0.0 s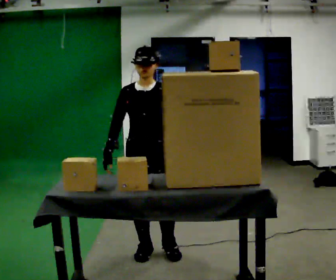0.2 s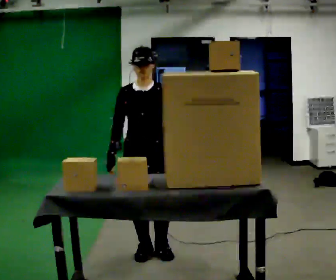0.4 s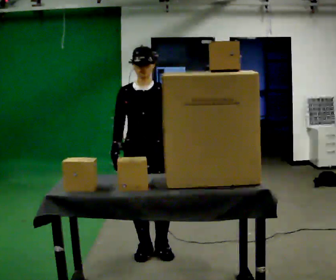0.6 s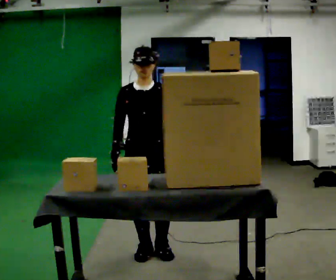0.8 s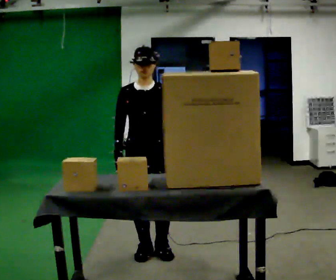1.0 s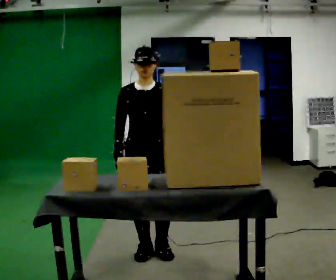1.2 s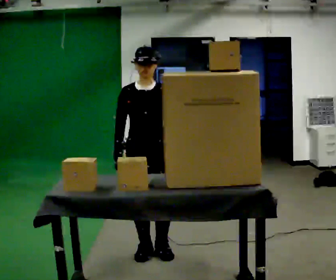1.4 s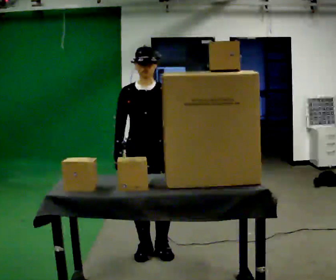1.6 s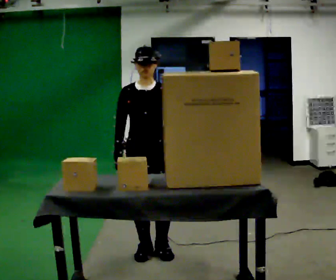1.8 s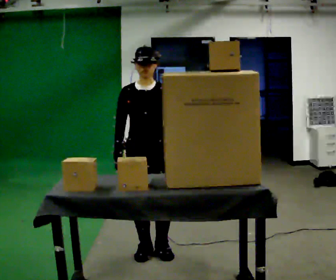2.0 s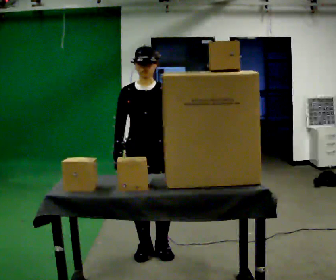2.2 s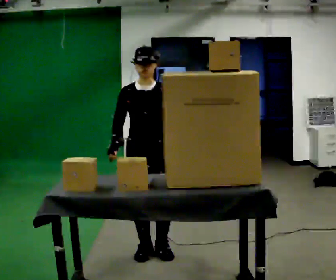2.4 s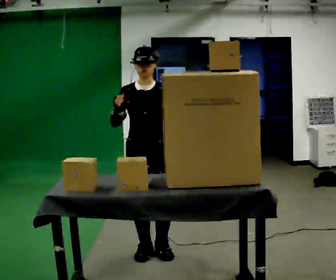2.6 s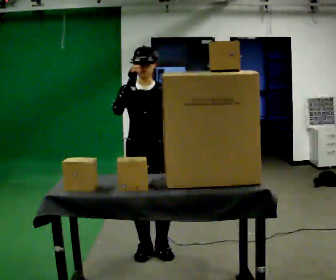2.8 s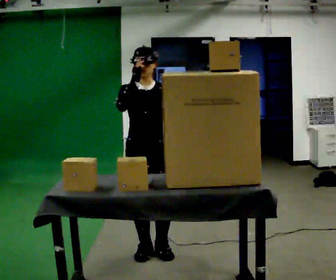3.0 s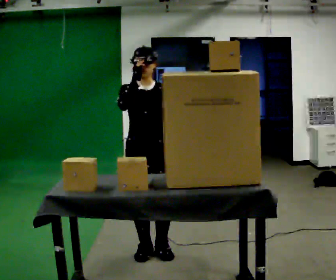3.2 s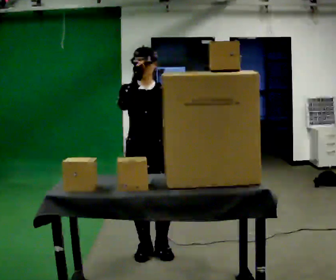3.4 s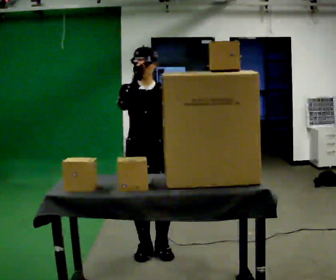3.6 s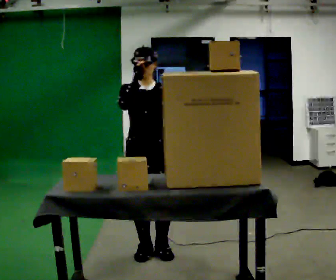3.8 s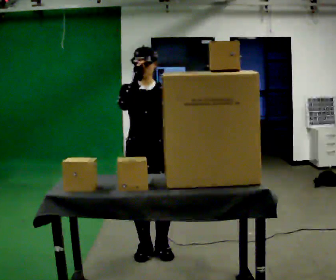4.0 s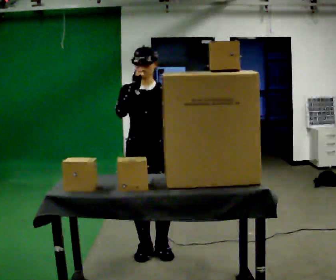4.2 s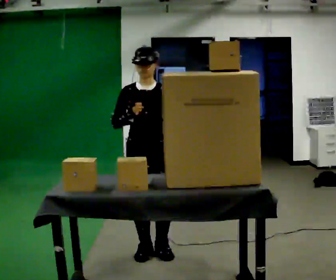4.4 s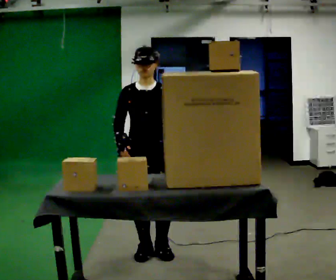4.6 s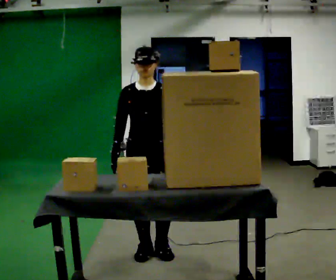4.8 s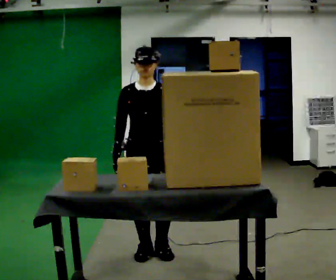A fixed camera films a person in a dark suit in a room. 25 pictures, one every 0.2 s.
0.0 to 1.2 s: The person moves a little, or ends about where they began.
1.2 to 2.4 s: In the picture their right hand goes upward.
2.4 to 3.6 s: The person moves a little, or ends about where they began.
3.6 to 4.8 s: In the picture their right hand goes downward.
The film runs forward here.
